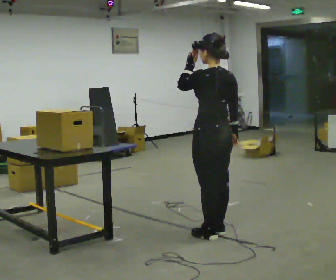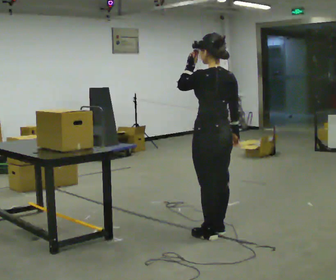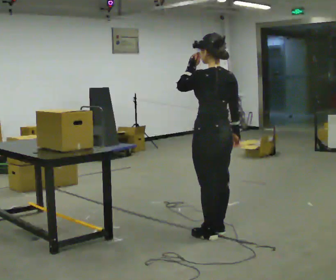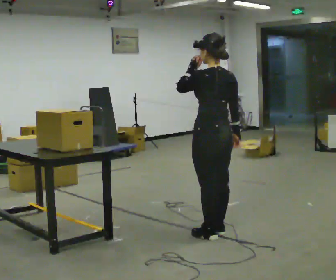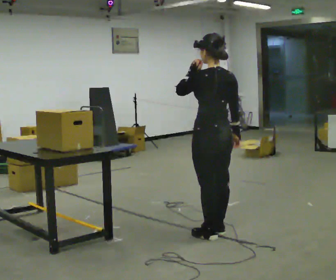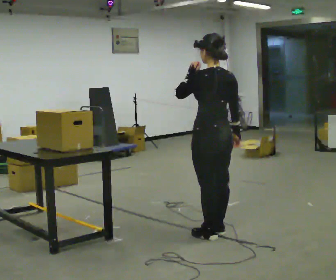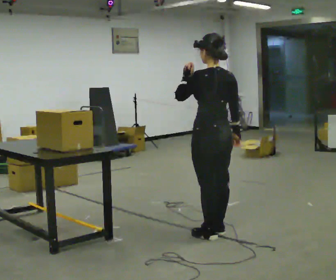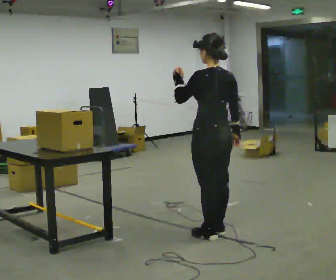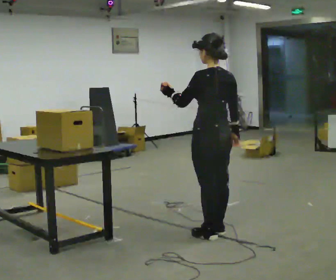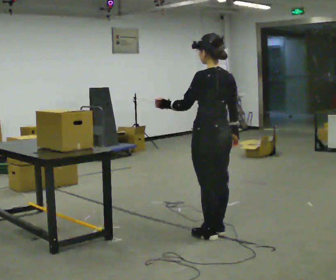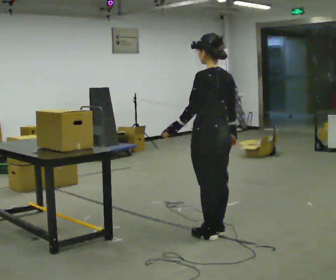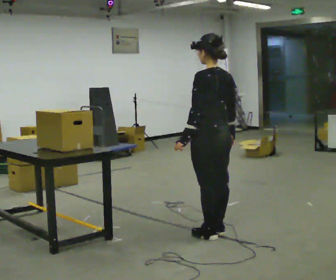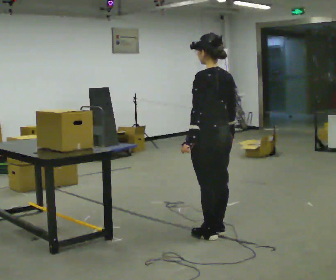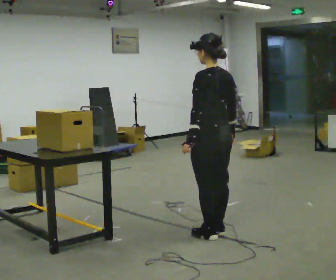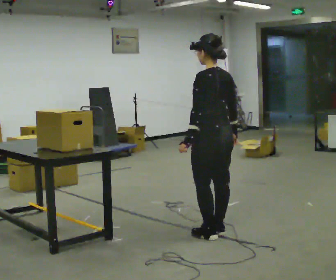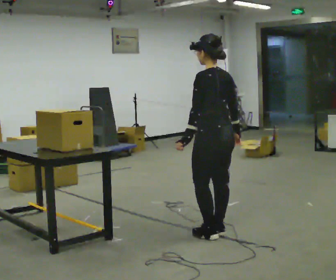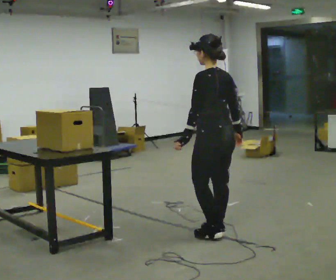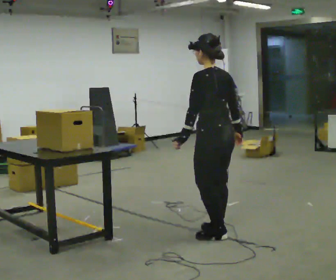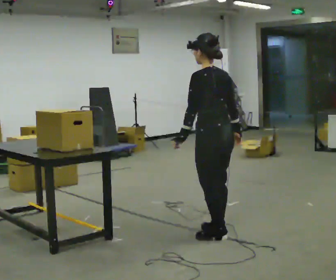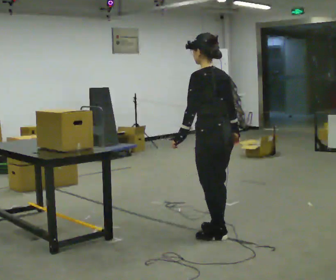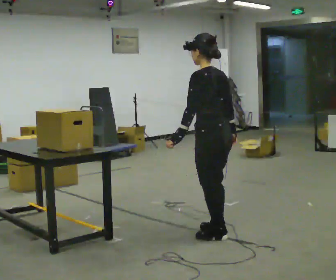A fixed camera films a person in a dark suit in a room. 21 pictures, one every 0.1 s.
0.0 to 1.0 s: In the picture their left hand goes downward.
1.0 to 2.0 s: The person moves a little, or ends about where they began.
The film runs backward here.
